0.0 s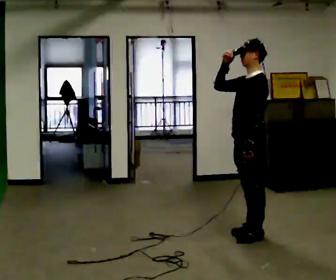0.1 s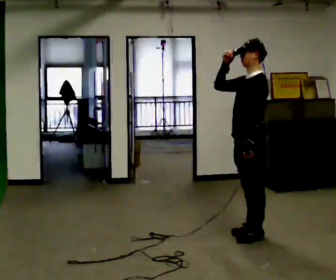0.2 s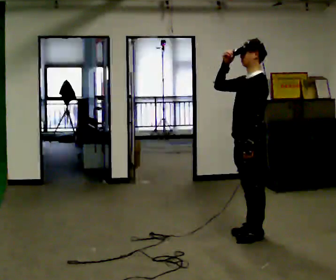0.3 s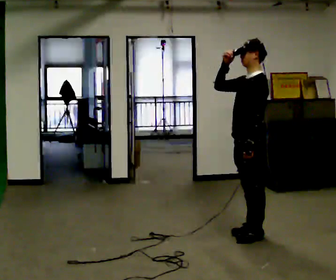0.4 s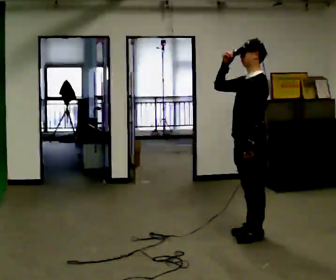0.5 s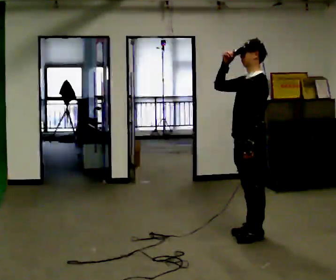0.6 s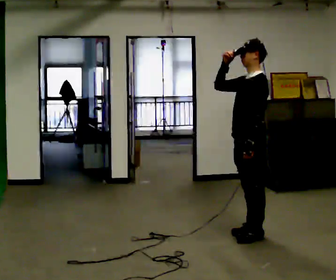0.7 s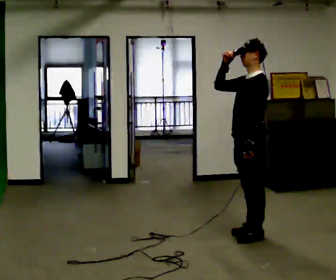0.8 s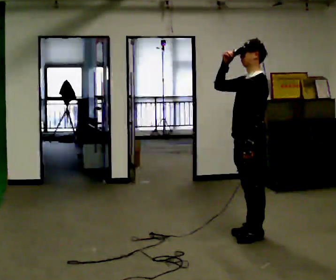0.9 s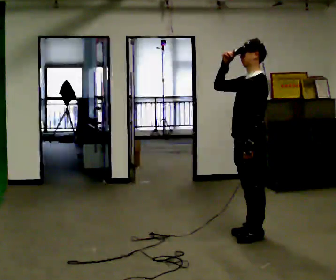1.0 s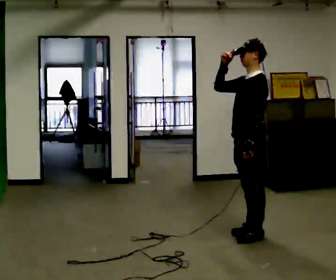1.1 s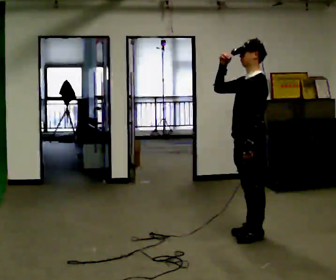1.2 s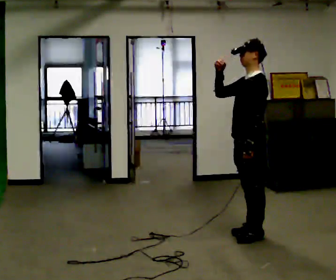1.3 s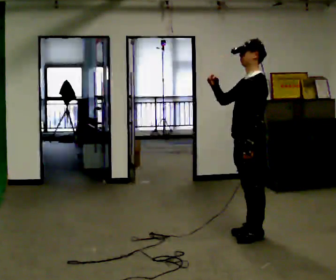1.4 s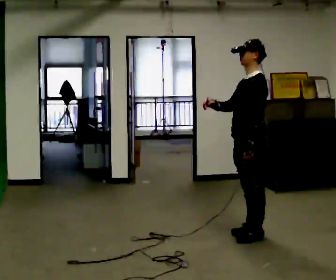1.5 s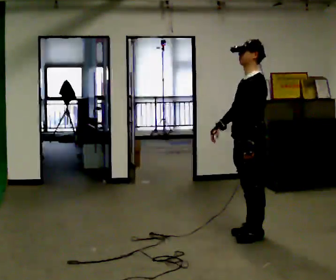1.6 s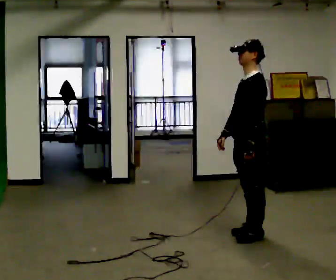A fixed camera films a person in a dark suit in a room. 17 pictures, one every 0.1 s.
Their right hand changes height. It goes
downward.
0.0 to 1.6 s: In the picture their right hand goes downward.
The film runs forward here.
